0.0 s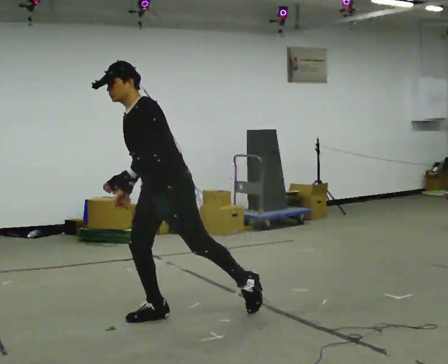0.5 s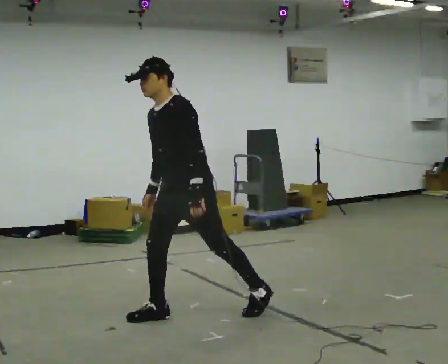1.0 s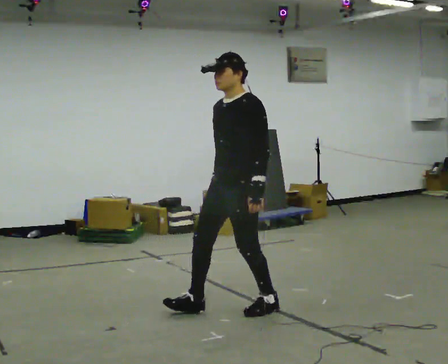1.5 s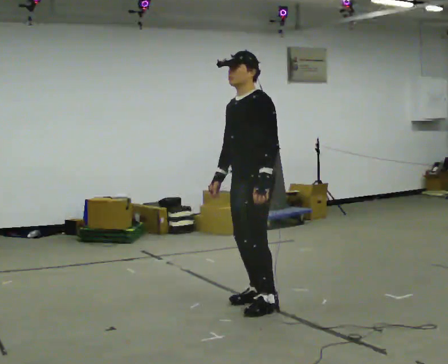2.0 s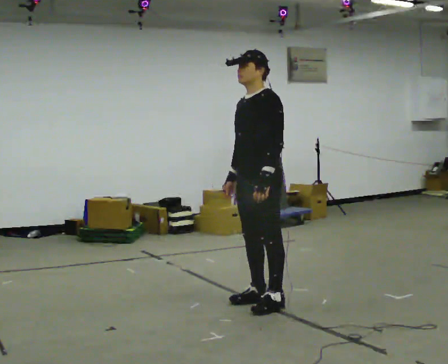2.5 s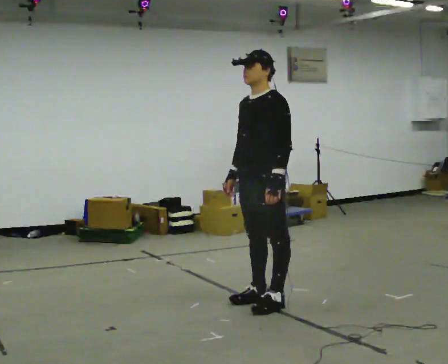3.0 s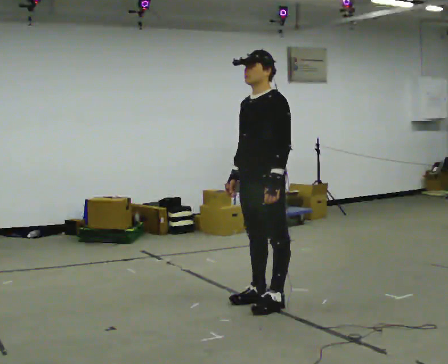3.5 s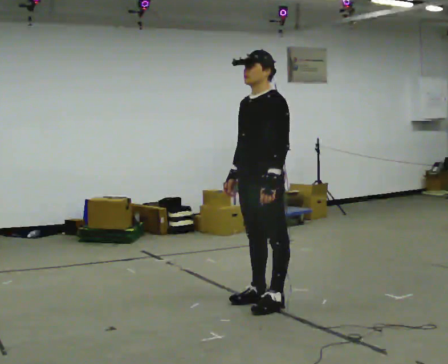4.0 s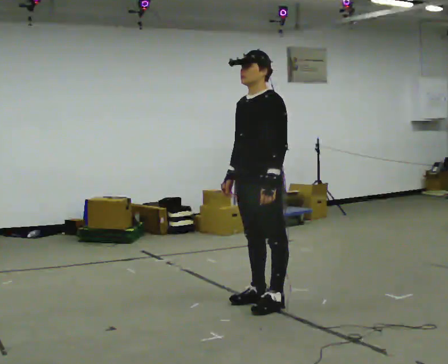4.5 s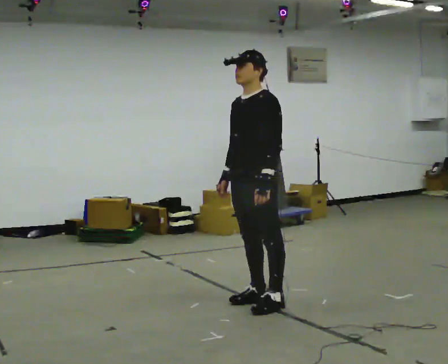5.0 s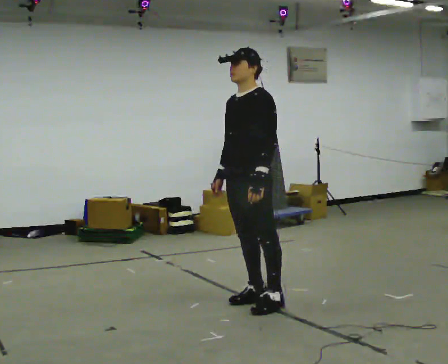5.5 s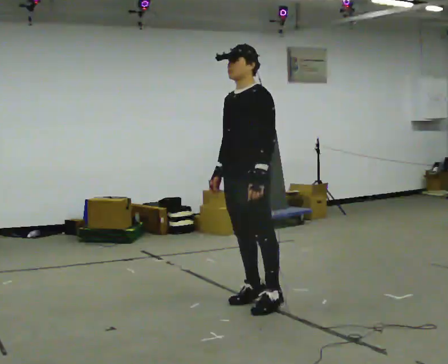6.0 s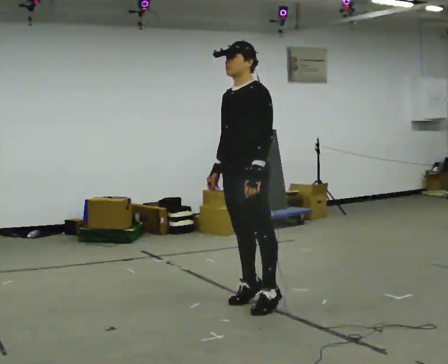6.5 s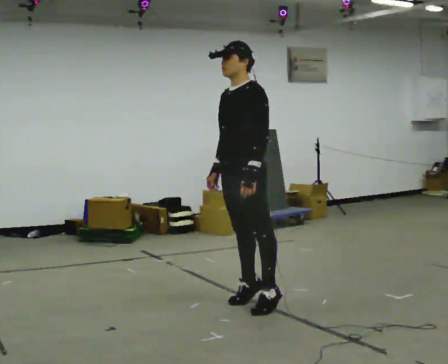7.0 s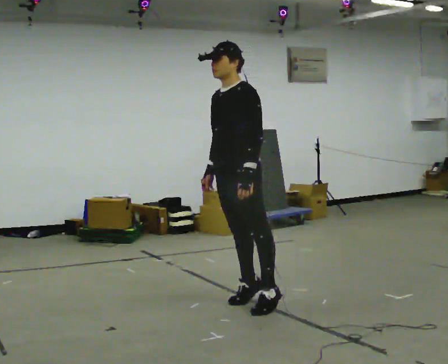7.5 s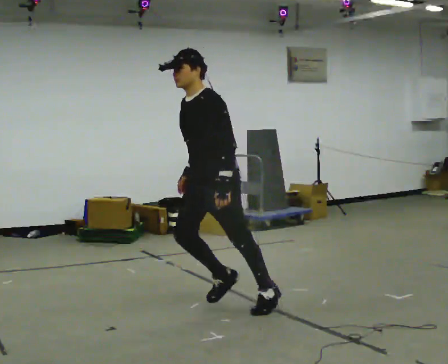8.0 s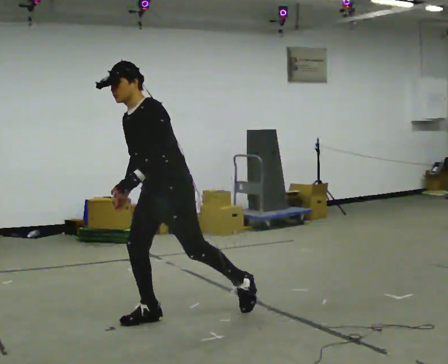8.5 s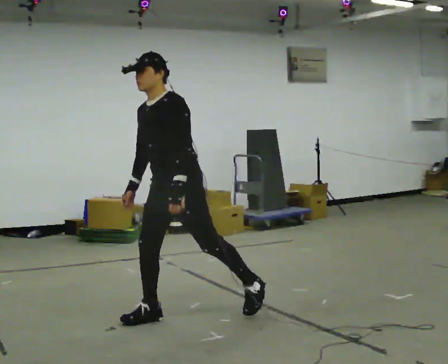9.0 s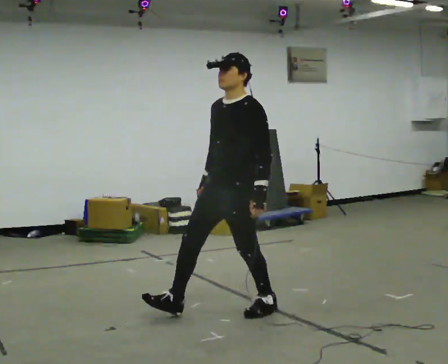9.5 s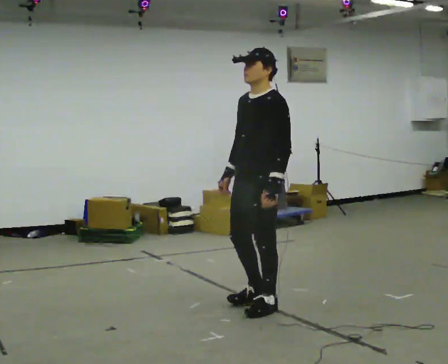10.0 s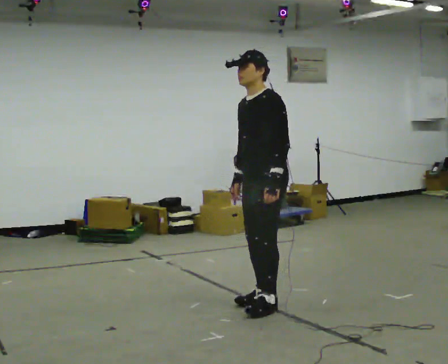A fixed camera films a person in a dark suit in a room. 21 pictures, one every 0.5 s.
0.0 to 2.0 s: In the picture they go to the right and away from the camera, about 0.75 m in 2 steps, which for them is backward.
2.0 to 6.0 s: The person moves a little, or ends about where they began.
6.0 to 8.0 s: In the picture they go to the left and toward the camera, about 0.5 m in 2 steps, which for them is forward. In the picture the upper body tilts counterclockwise, shoulders to the left, as they bend forward.
8.0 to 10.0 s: In the picture they go to the right and away from the camera, about 0.75 m in 2 steps, which for them is backward.
The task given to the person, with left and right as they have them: Stand on the marked spots and rise up onto your toes. Stay up until you start to topple forward, then step to catch yourself. Repeat at your own pace until the operator says stop. Go slowly and only as far as you are comfortable. Step whenever you need to; do not try to hold on longer than feels safe.
The film runs forward here.
